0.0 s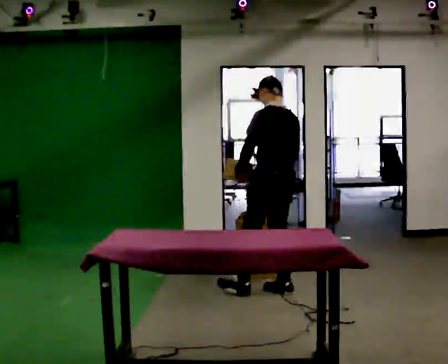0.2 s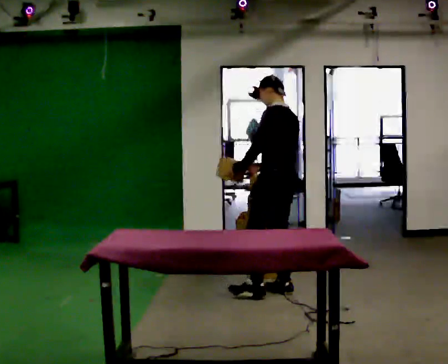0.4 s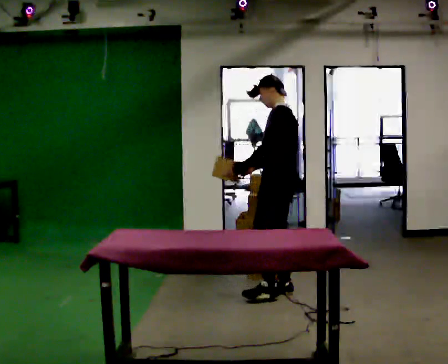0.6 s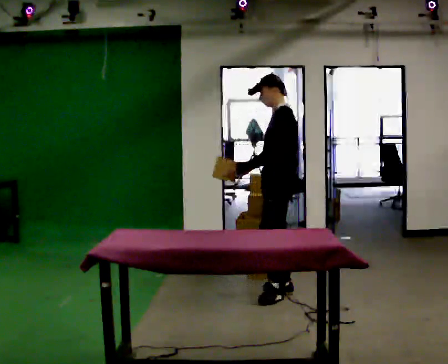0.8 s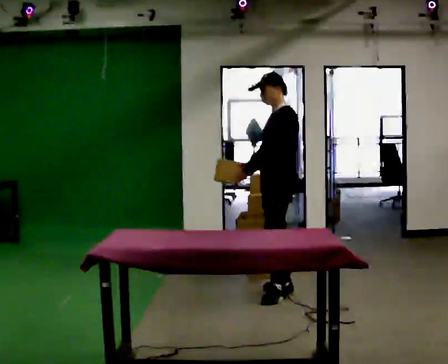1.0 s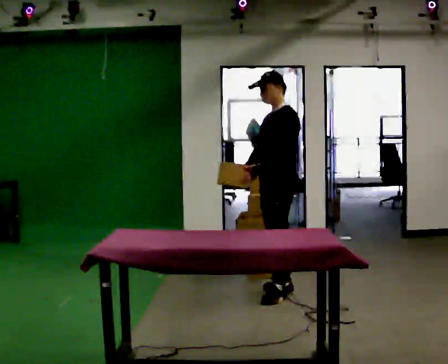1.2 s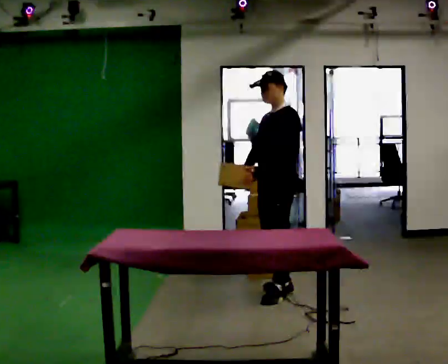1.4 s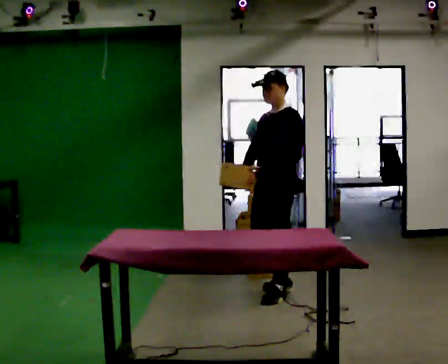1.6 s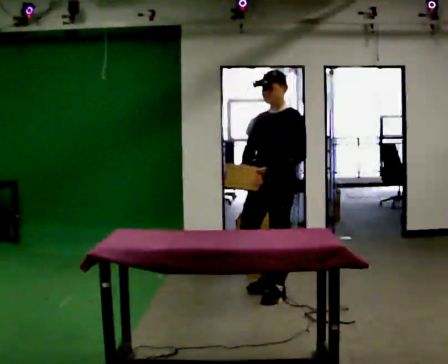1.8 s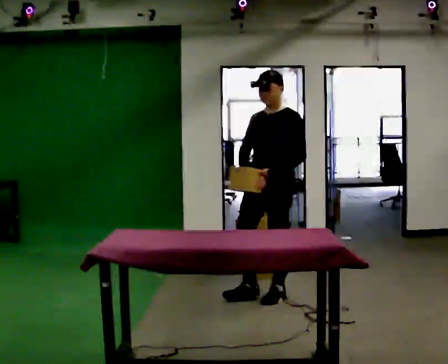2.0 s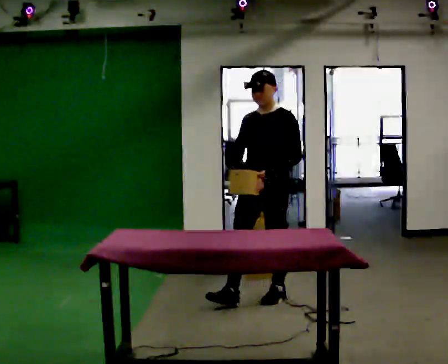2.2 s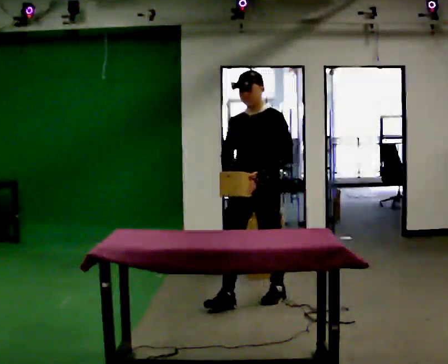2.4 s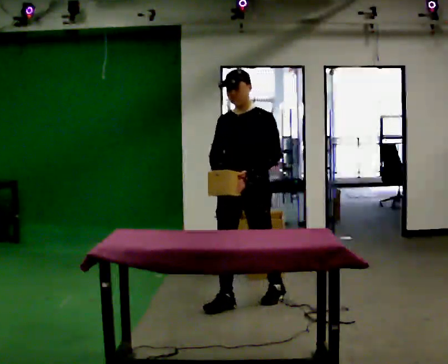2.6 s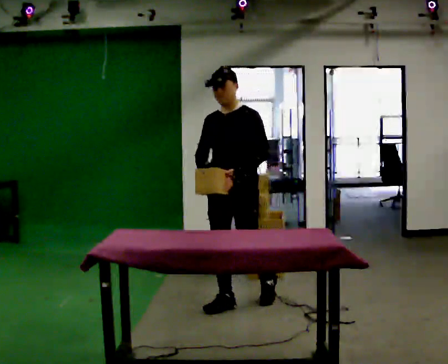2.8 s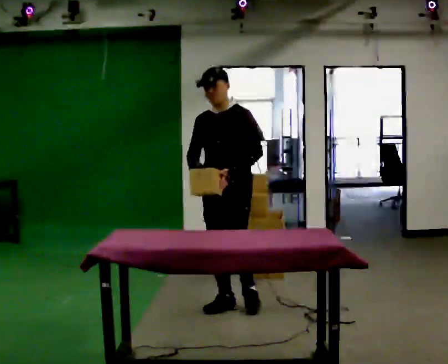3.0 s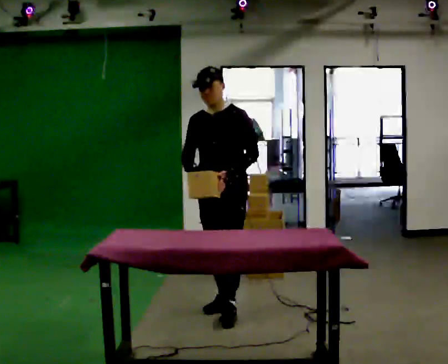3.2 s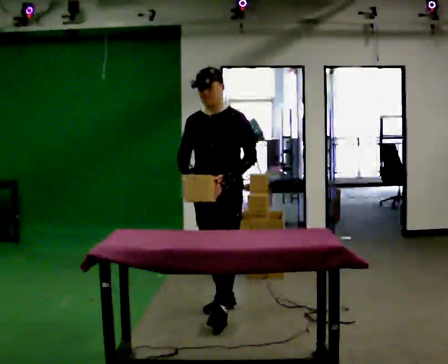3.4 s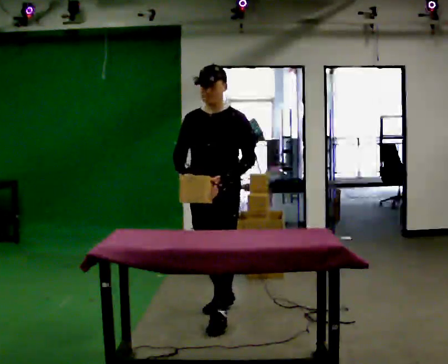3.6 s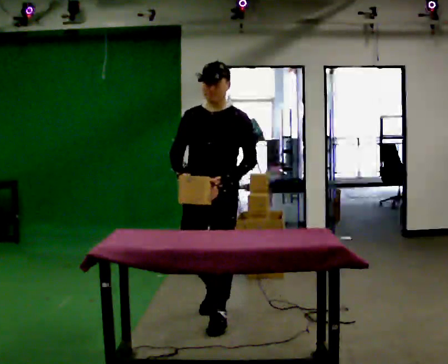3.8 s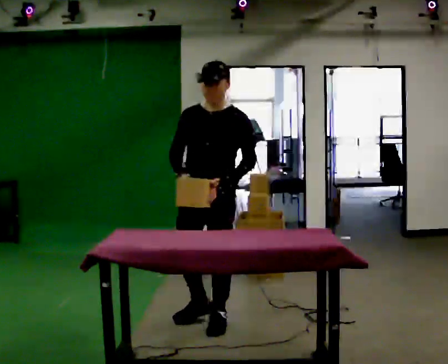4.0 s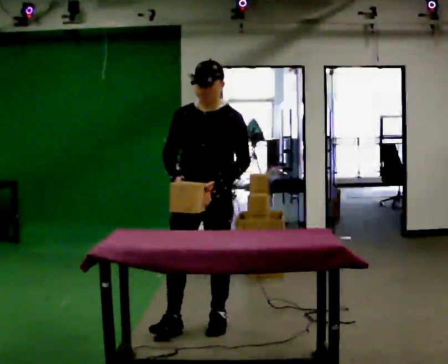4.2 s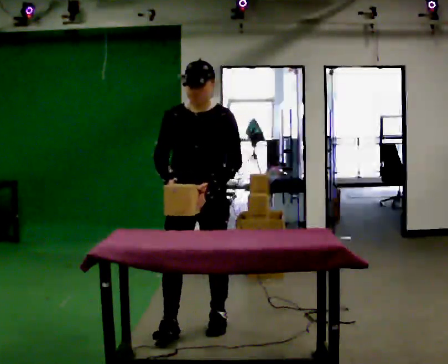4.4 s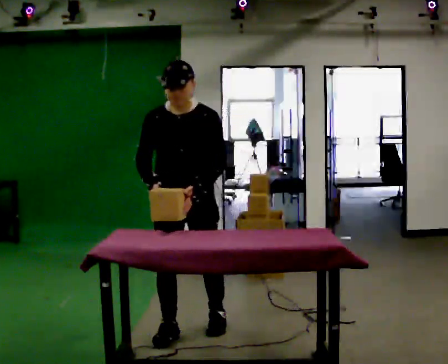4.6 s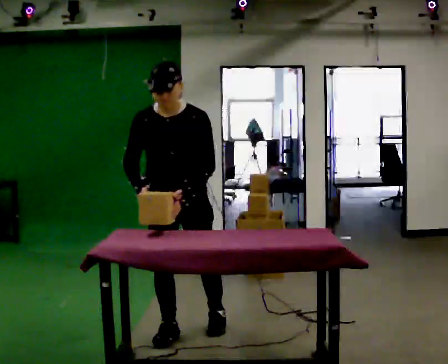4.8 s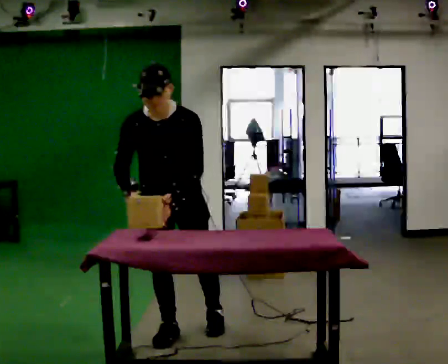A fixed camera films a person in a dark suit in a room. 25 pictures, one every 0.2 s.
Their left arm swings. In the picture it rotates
counterclockwise.
The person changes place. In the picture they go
toward the camera.
0.0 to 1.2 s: Seen from above the body turns counterclockwise, about 60 degrees: to their left, with its near side sliding to the right.
1.2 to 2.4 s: The part of the body nearest the lens slides to the right as the person turns to their left by about 45 degrees. In the picture they go toward the camera and to the left, about 0.25 m in 1 step, which for them is forward.
2.4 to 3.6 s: In the picture they go toward the camera and to the left, about 0.5 m in 1 step, which for them is forward.
3.6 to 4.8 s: Seen from above the body turns counterclockwise, about 30 degrees: to their left, with its near side sliding to the right. In the picture they go toward the camera and to the left, about 0.25 m in 1 step, which for them is forward and to their right. The upper body tips toward the camera, its near side rolling downward, as they bend forward.
The film runs forward here.
